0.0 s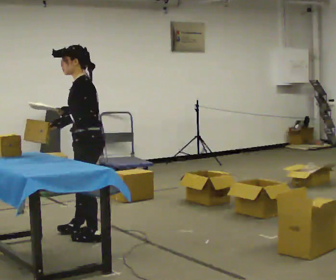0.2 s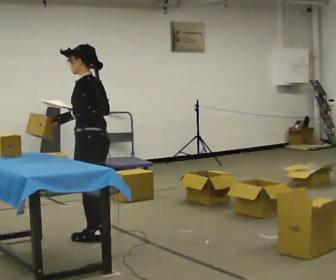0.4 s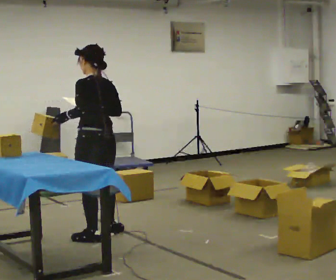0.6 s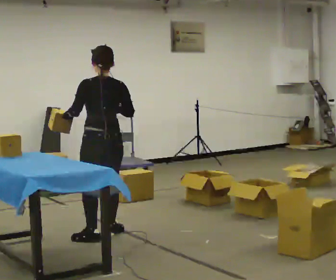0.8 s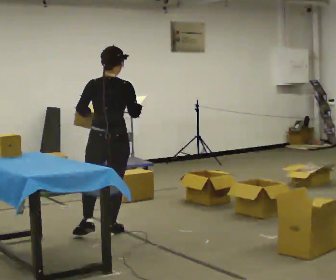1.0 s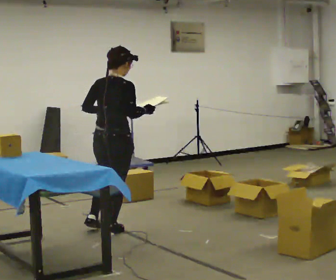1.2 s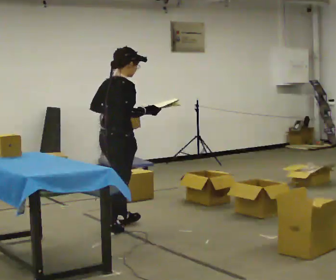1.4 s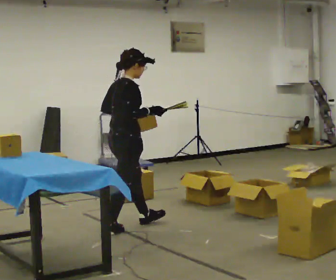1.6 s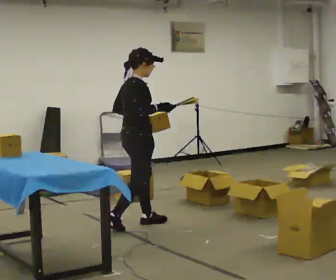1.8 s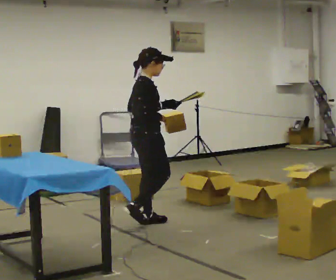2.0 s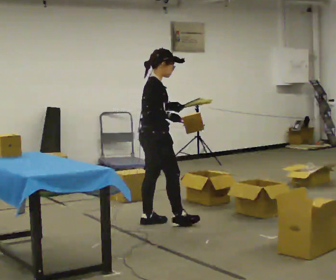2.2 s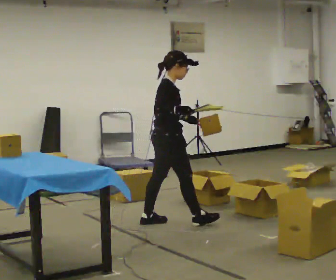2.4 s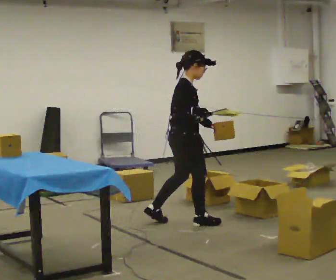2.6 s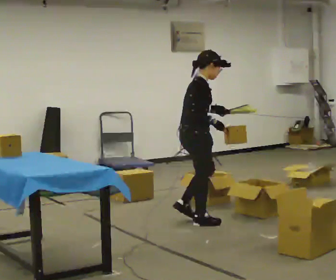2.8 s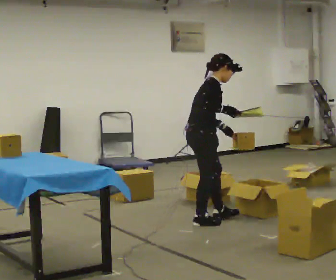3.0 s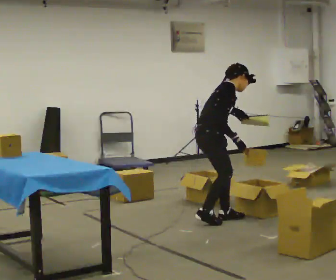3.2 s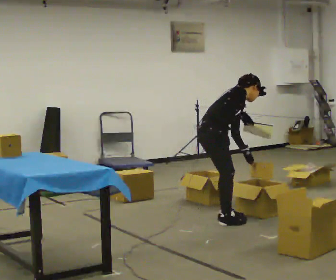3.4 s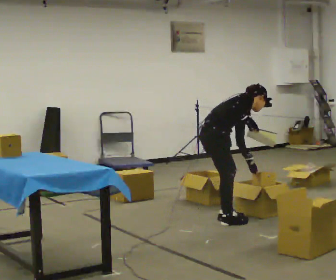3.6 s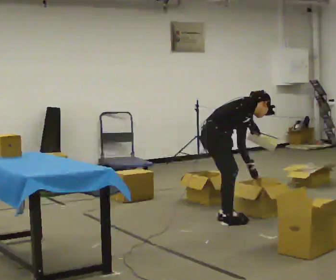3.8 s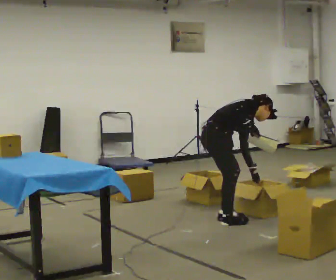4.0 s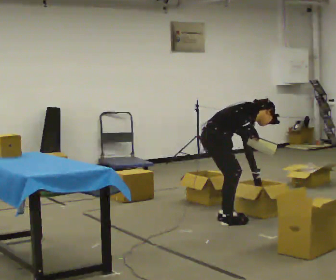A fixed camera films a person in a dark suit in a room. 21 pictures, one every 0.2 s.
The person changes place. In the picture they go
to the right.
The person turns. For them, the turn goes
to their right.
0.0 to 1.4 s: The person turns about 150 degrees to their right, clockwise seen from above, so the part of the body nearest the lens slides to the left. In the picture they go away from the camera and to the right, about 0.5 m in 2 steps.
1.4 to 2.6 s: In the picture they go to the right, about 0.75 m in 1 step, which for them is forward.
2.6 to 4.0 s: In the picture they go to the right, about 0.25 m in 2 steps, which for them is forward. The shoulders move downward. In the picture the upper body tilts clockwise, shoulders to the right, as they bend forward. In the picture their left hand goes downward and to the right.
The film runs forward here.
